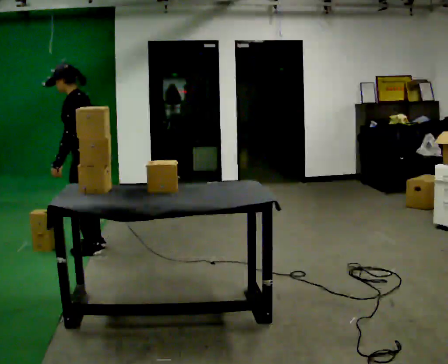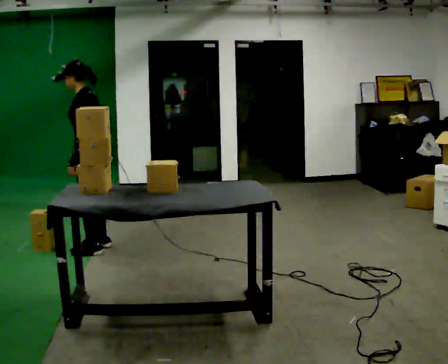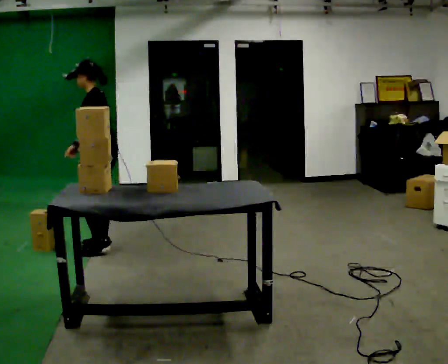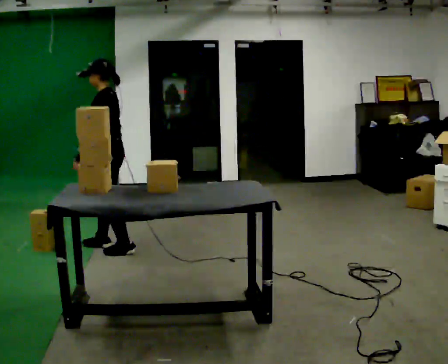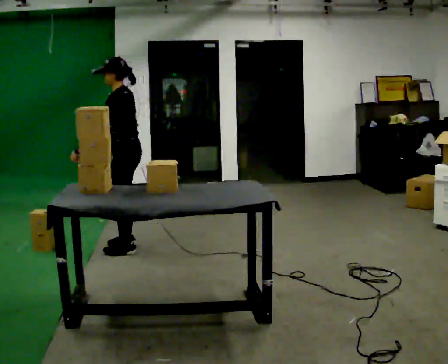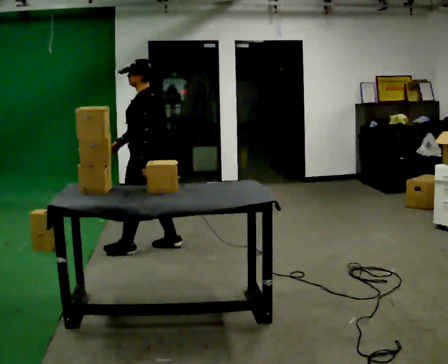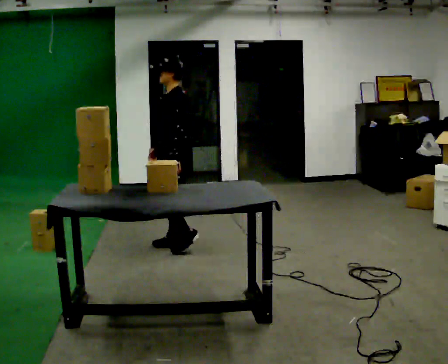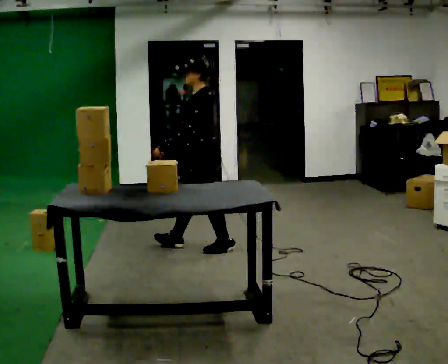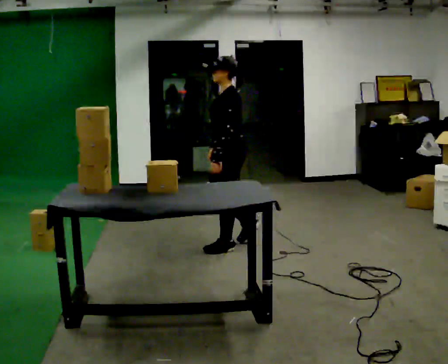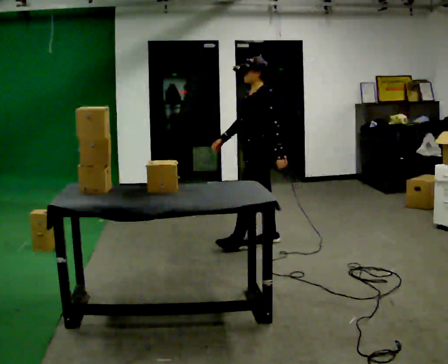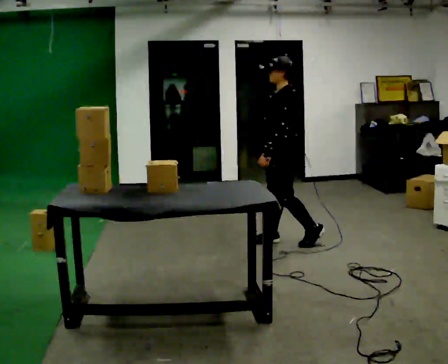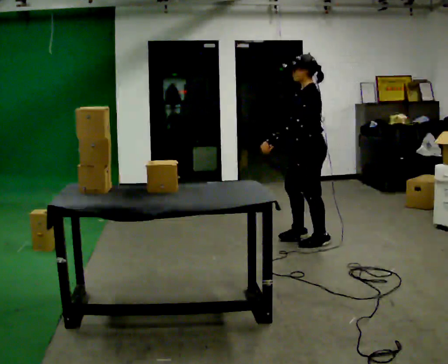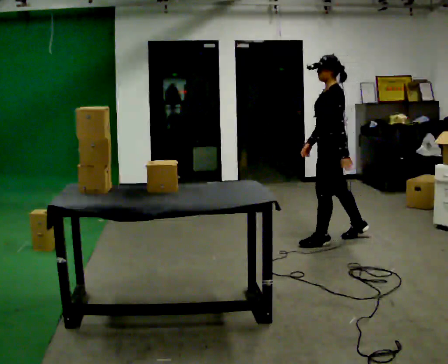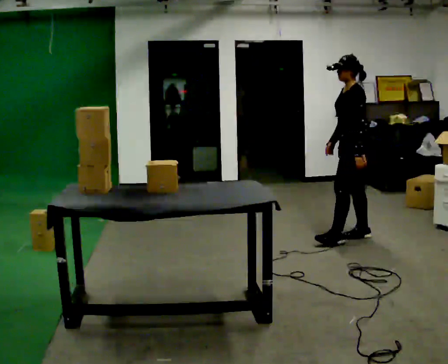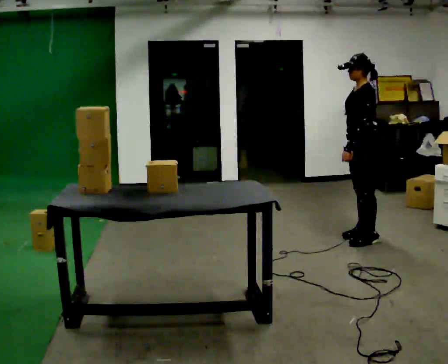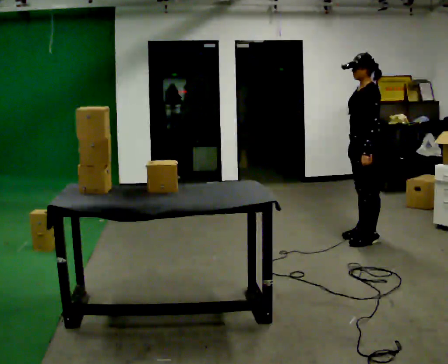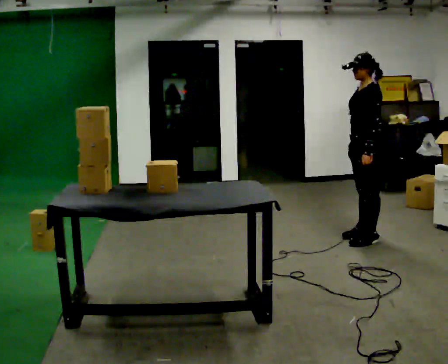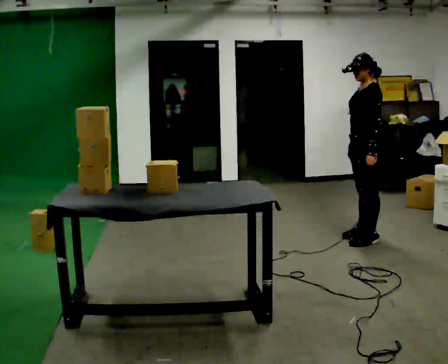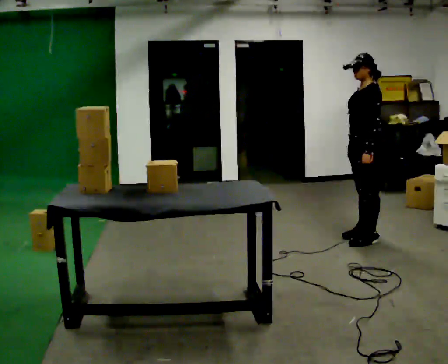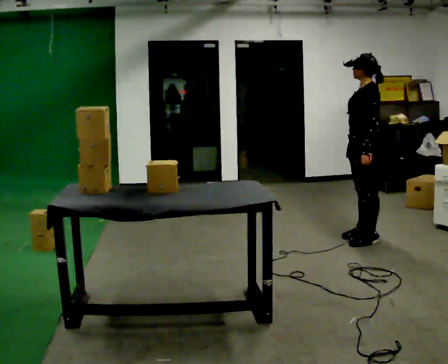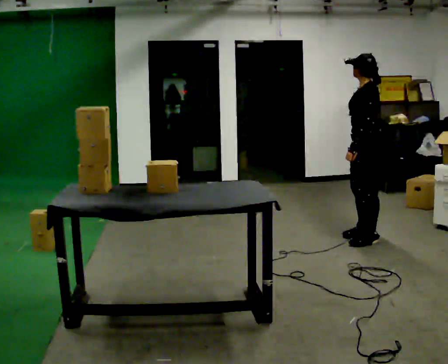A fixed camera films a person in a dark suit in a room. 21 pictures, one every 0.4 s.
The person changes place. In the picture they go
to the right.
0.0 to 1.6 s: In the picture they go to the right, about 0.25 m in 2 steps, which for them is backward.
1.6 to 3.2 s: In the picture they go to the right, about 1 m in 2 steps, which for them is backward.
3.2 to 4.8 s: In the picture they go to the right, about 1 m in 2 steps, which for them is backward.
4.8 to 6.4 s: In the picture they go to the right, about 0.25 m in 1 step, which for them is backward.
6.4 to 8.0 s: The person moves a little, or ends about where they began.
The film runs backward here.
